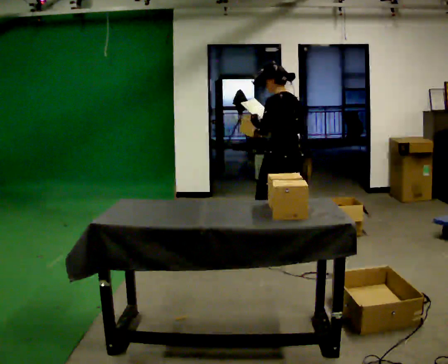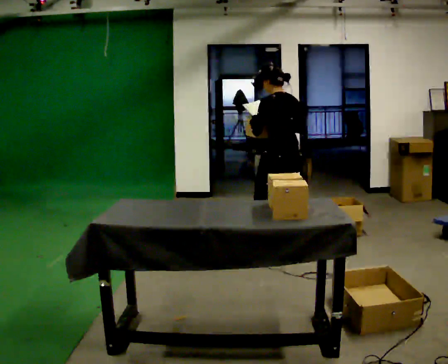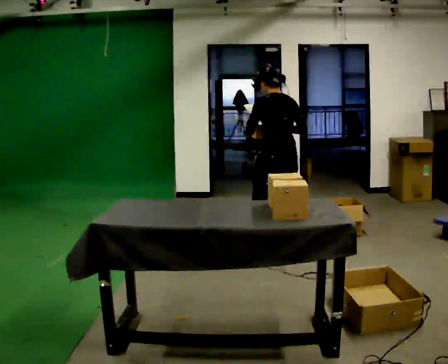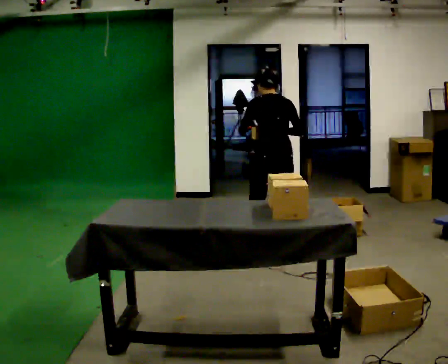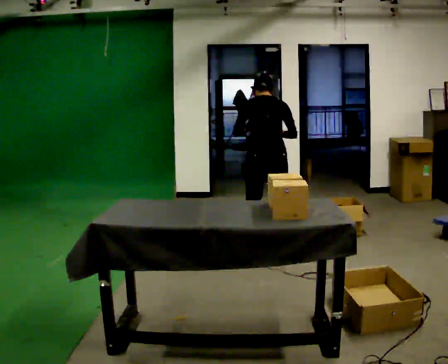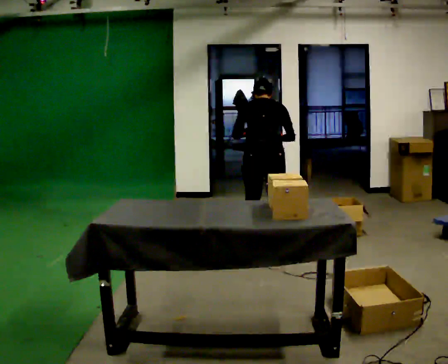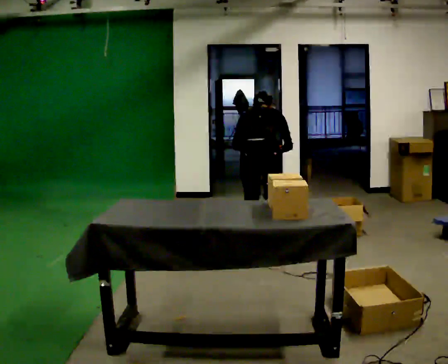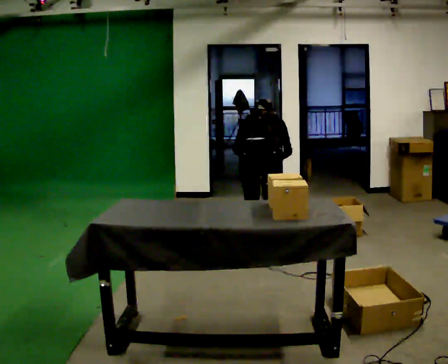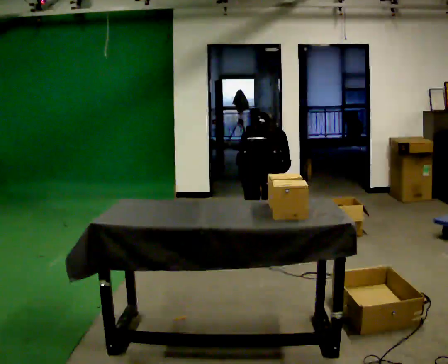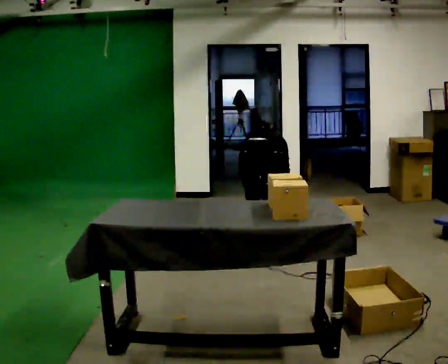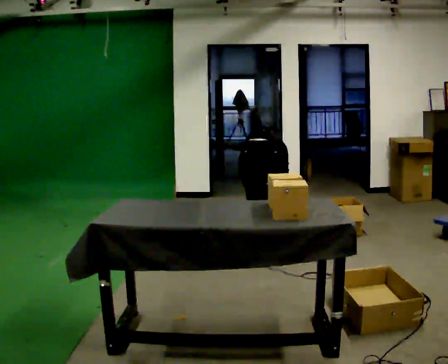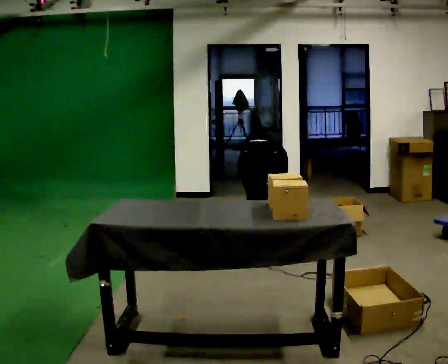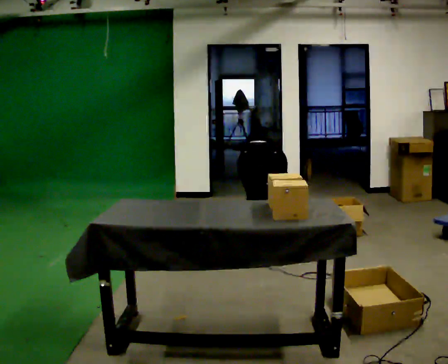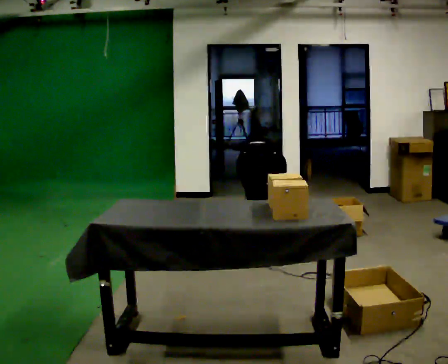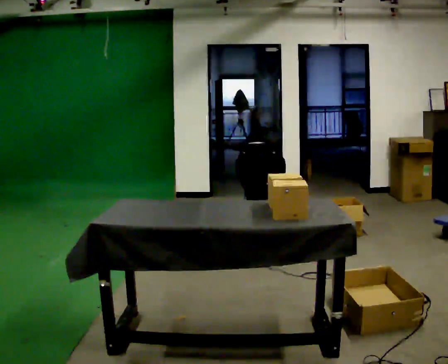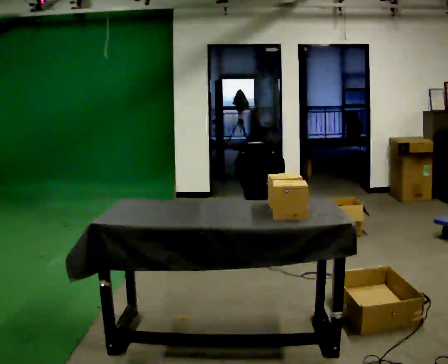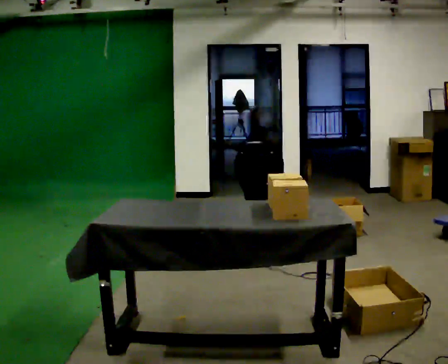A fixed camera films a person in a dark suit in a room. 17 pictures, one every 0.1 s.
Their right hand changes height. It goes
downward.
The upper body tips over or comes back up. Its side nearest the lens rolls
upward.
0.0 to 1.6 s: The part of the body nearest the lens slides to the left as the person turns to their right by about 60 degrees. In the picture they go to the left, about 0.25 m in 1 step, which for them is to their left. The upper body goes downward. The upper body tips away from the camera, its near side rolling upward, as they bend forward. In the picture their left hand goes downward.
The film runs backward here.
